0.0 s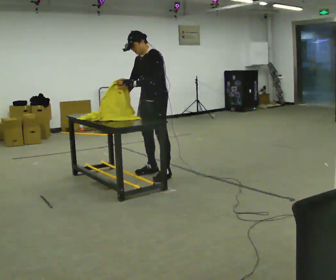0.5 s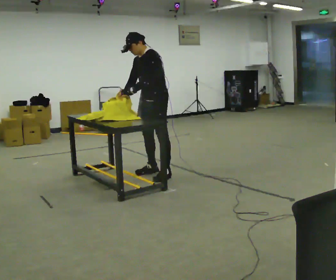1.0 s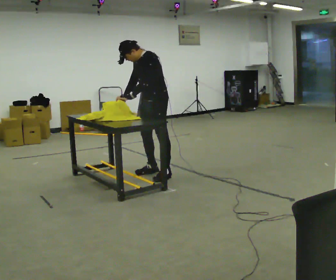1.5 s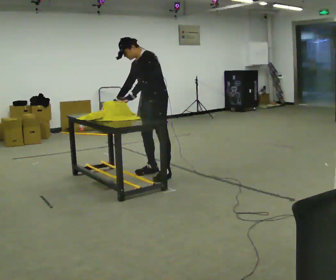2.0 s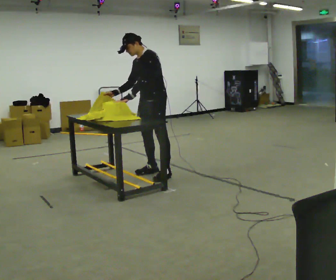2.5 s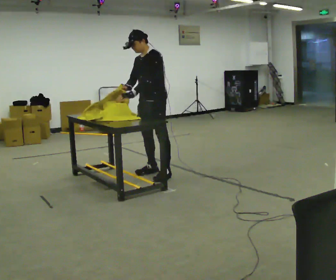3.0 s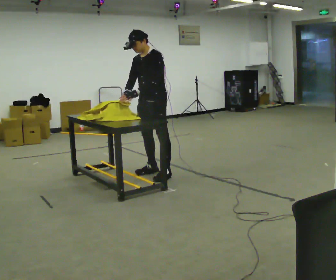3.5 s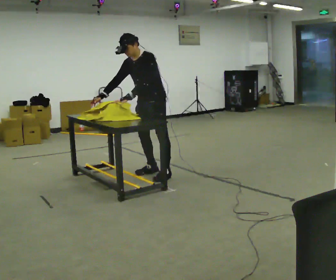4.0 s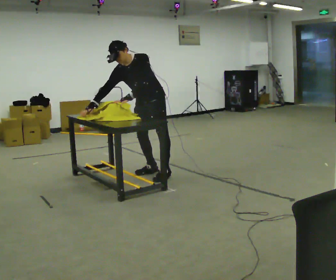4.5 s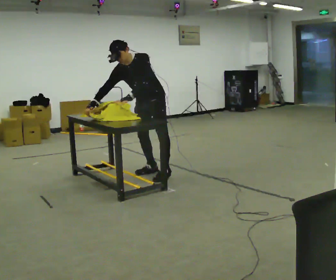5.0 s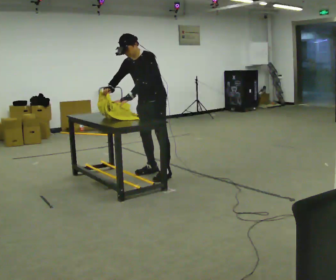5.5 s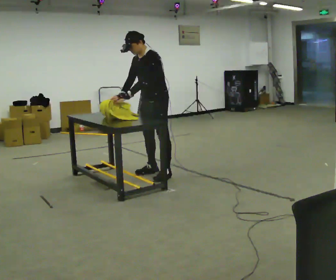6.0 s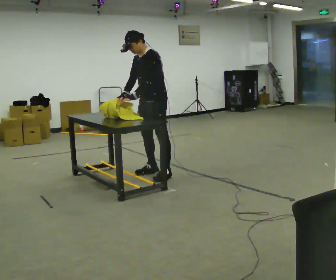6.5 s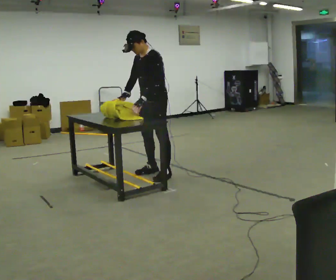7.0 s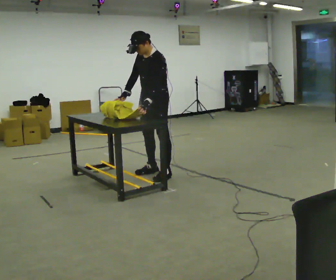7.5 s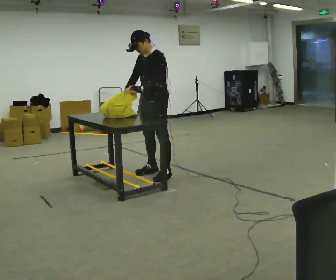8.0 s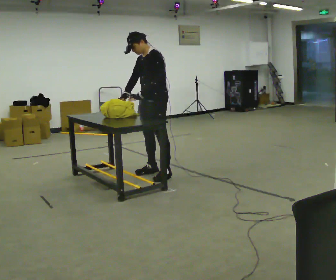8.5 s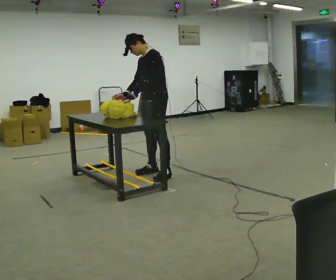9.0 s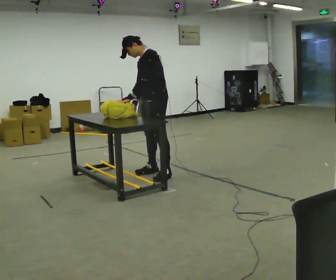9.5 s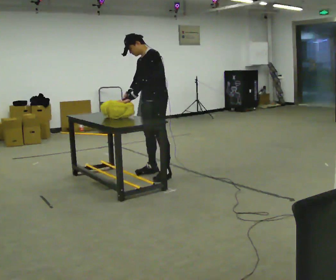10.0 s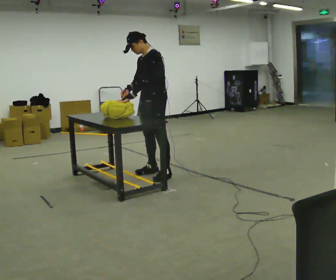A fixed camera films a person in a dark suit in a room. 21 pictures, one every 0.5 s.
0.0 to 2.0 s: The person moves a little, or ends about where they began.
2.0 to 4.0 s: Seen from above the body turns counterclockwise, about 30 degrees: to their left, with its near side sliding to the right. The upper body tips toward the camera, its near side rolling downward.
4.0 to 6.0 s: The person turns about 30 degrees to their right, clockwise seen from above, so the part of the body nearest the lens slides to the left. In the picture the upper body tilts clockwise, shoulders to the right, as they lean back or straighten. In the picture their right hand goes to the right.
6.0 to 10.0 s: The person moves a little, or ends about where they began.
The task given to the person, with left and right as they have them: Wrap the cloth around the object and tuck it in, then unwrap it. Repeat at your own pace until the operator says stop. Keep both feet on the marked spots for the whole take. If you have to step, stop and tell the operator.
The film runs forward here.
